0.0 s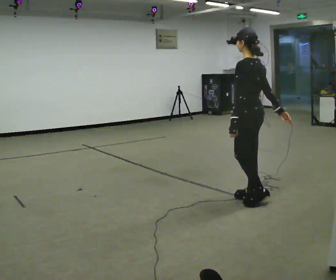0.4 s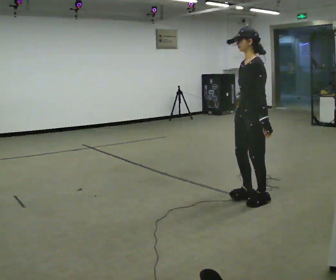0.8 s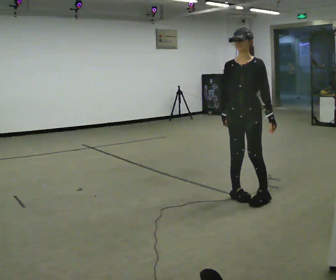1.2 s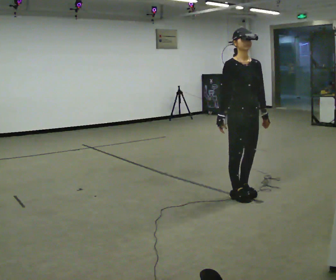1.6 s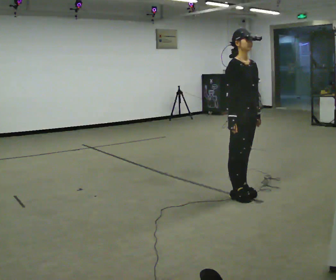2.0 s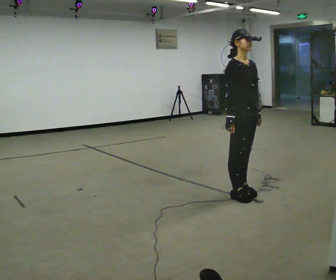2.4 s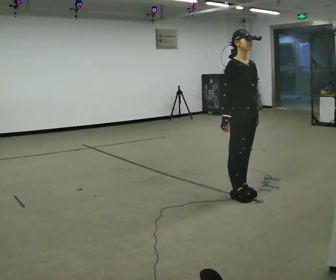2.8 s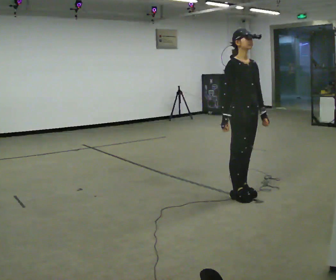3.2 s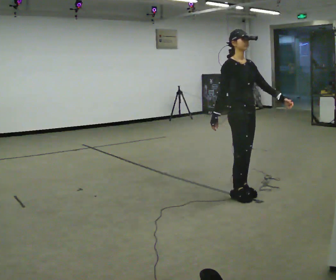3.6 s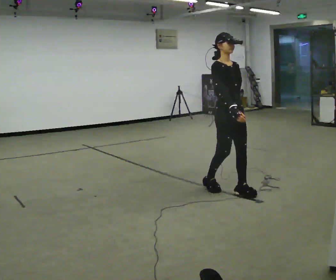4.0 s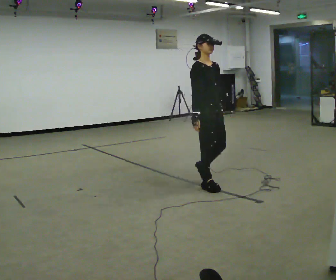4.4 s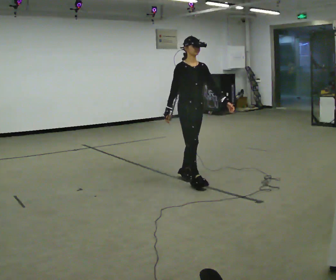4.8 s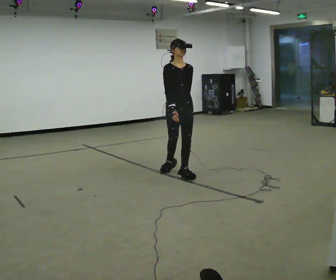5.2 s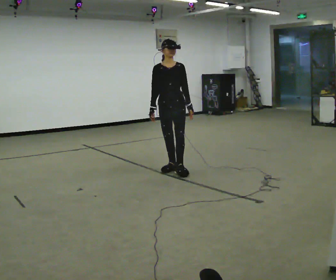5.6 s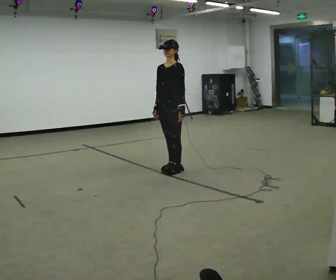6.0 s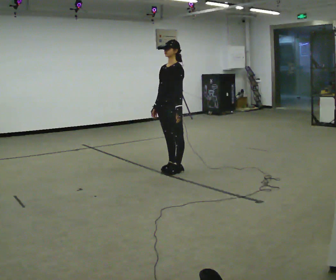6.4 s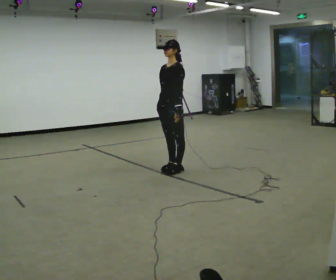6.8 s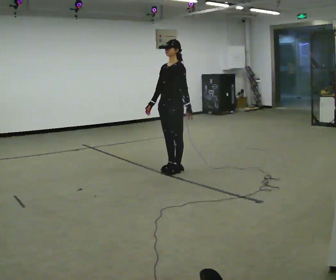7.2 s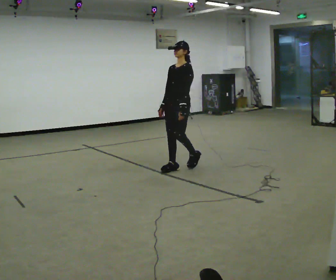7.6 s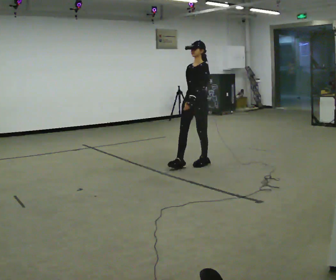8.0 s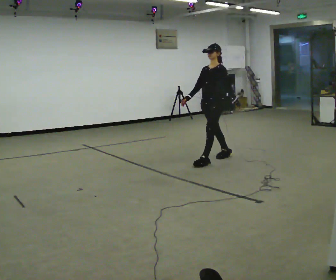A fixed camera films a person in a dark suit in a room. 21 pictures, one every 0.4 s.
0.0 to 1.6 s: The person turns about 165 degrees to their left, counterclockwise seen from above, so the part of the body nearest the lens slides to the right. In the picture their right hand goes to the left, the arm swinging clockwise.
1.6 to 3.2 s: The person moves a little, or ends about where they began.
3.2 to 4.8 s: In the picture they go away from the camera and to the left, about 1 m in 3 steps, which for them is backward.
4.8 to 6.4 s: The person turns about 75 degrees to their right, clockwise seen from above, so the part of the body nearest the lens slides to the left. In the picture they go away from the camera, about 0.25 m in 1 step.
6.4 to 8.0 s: In the picture they go to the right and away from the camera, about 0.5 m in 2 steps, which for them is backward.
The film runs backward here.
